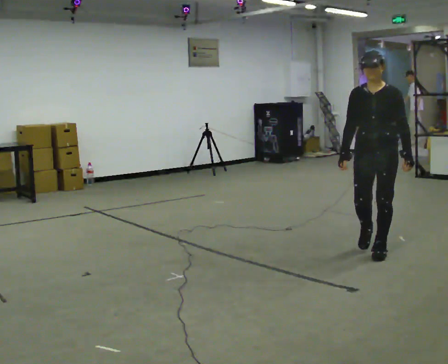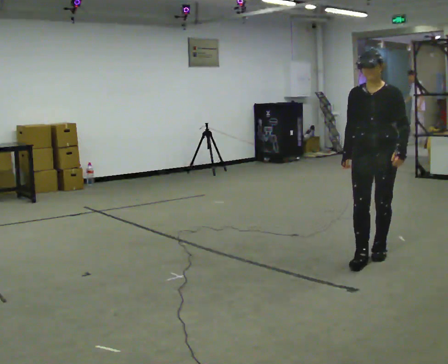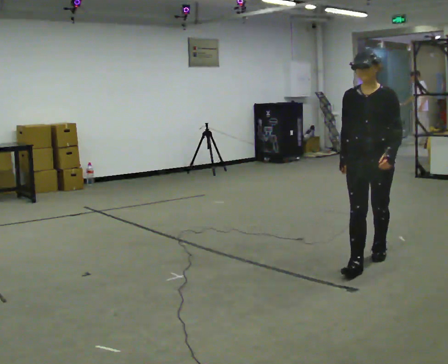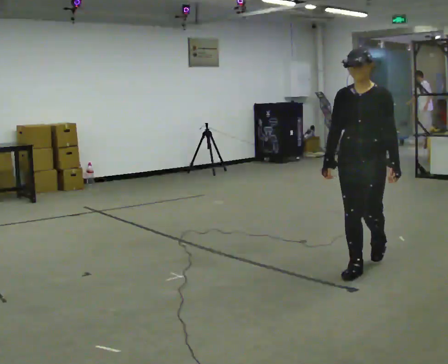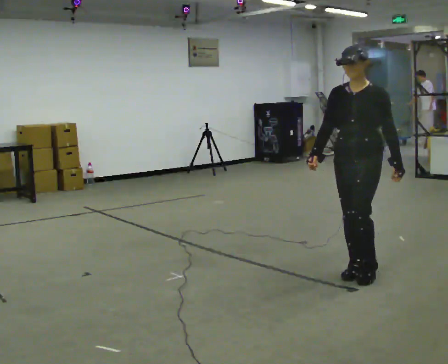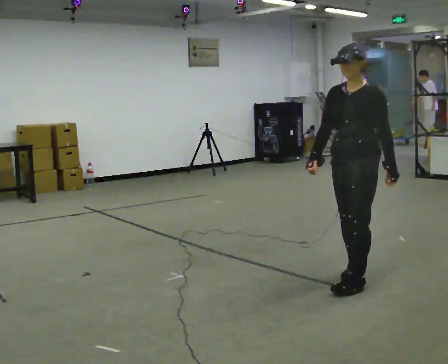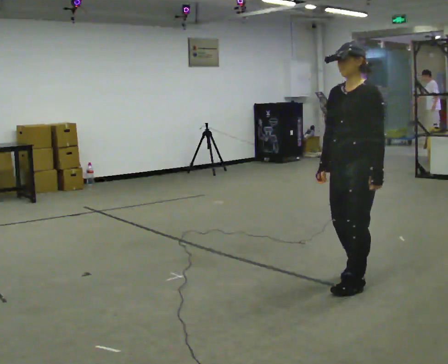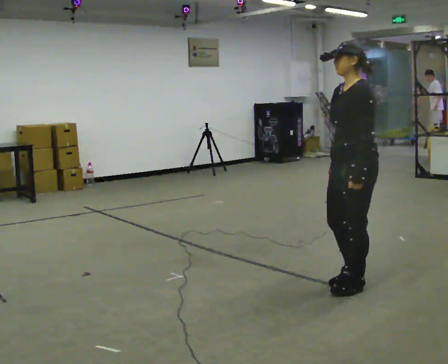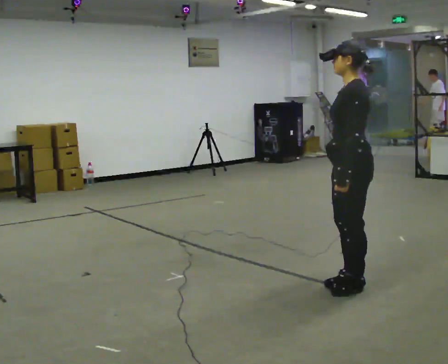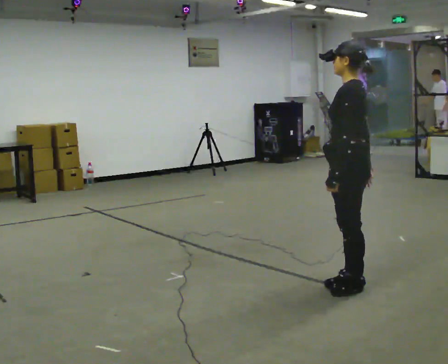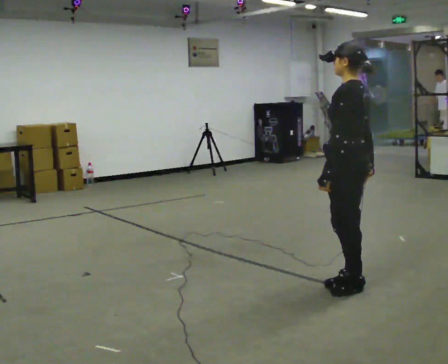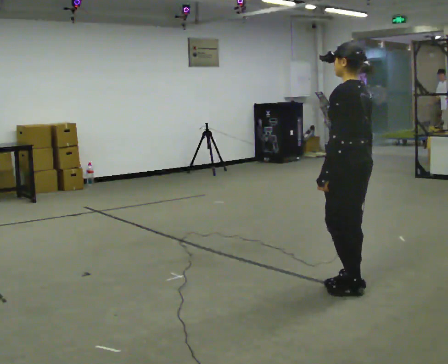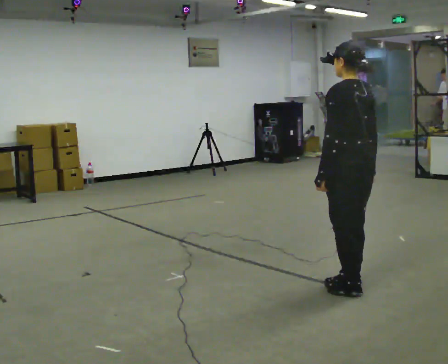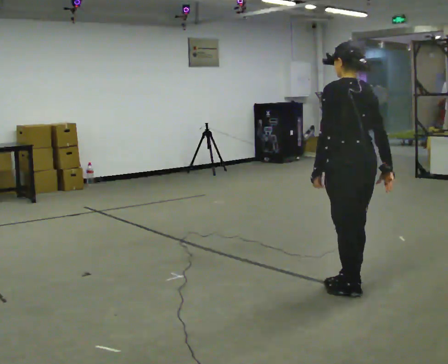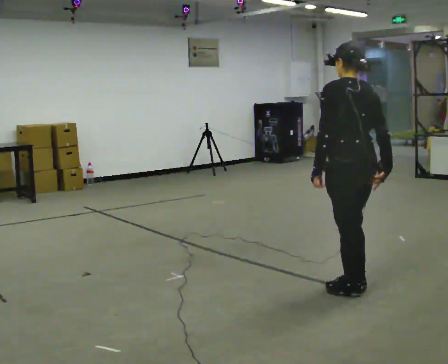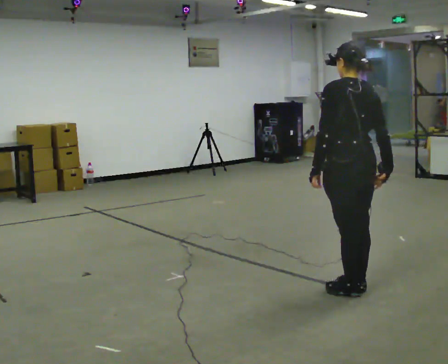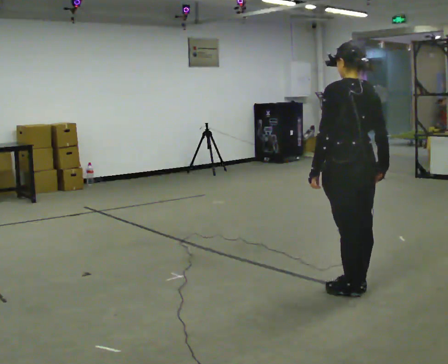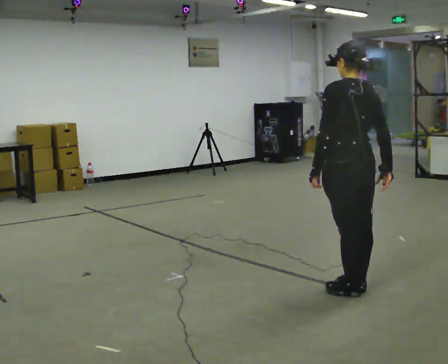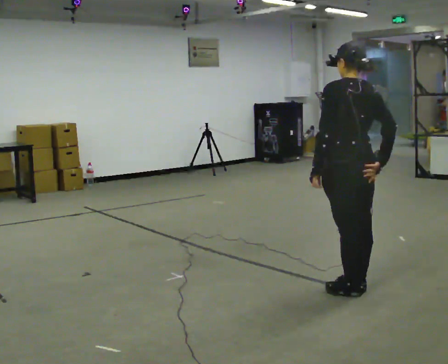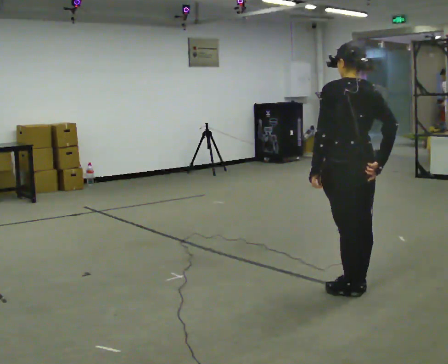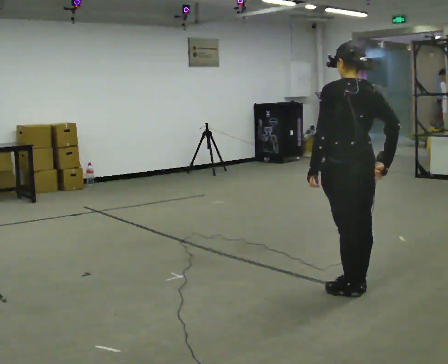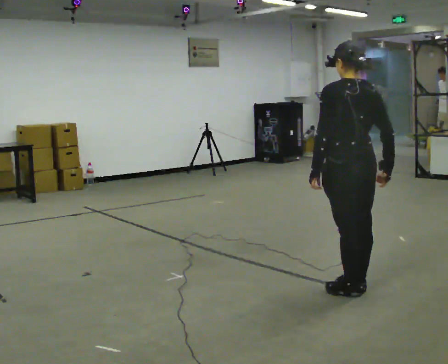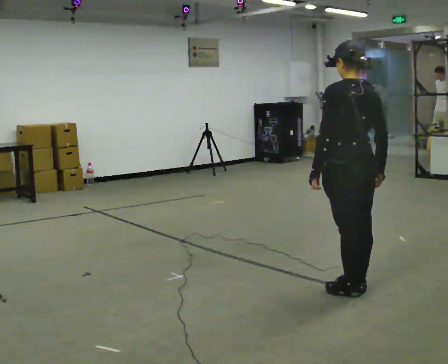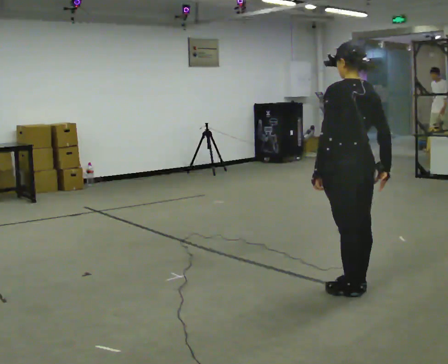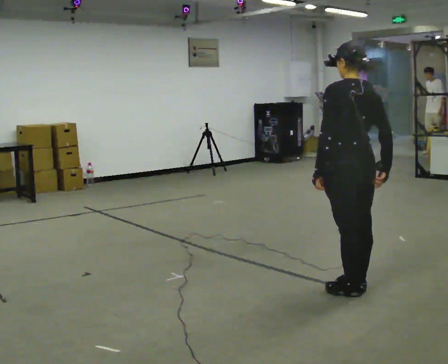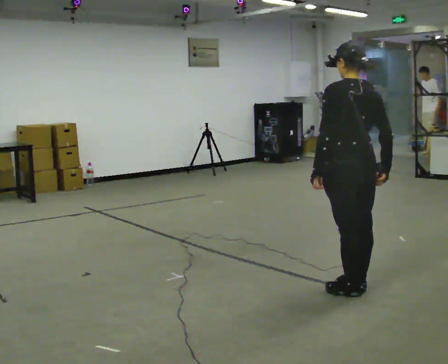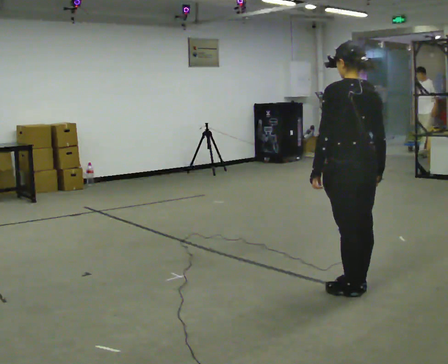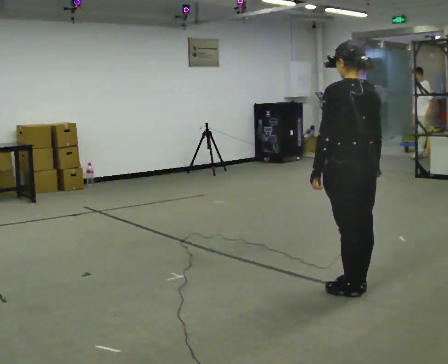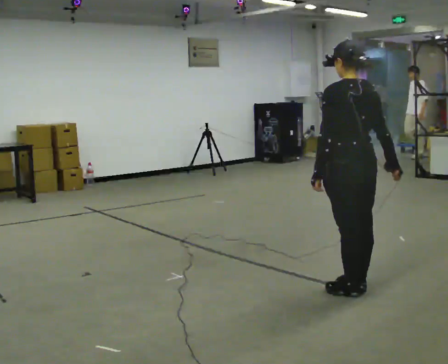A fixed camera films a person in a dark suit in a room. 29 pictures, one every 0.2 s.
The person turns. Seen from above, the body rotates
clockwise.
The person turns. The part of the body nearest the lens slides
to the left.
0.0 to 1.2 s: Seen from above the body turns clockwise, about 30 degrees: to their right, with its near side sliding to the left. In the picture they go toward the camera, about 0.5 m in 2 steps, which for them is forward.
1.2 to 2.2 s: Seen from above the body turns clockwise, about 60 degrees: to their right, with its near side sliding to the left.
2.2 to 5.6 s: The person moves a little, or ends about where they began.
The film runs forward here.
